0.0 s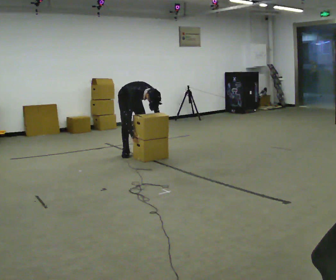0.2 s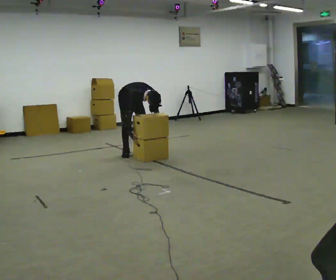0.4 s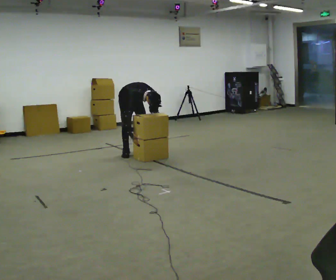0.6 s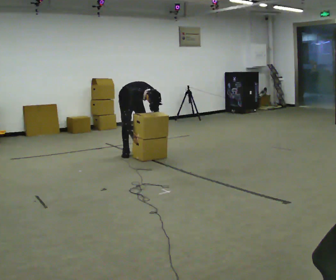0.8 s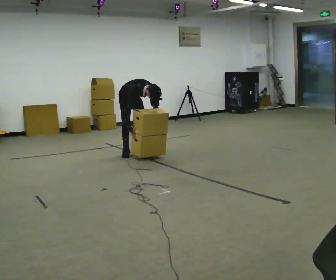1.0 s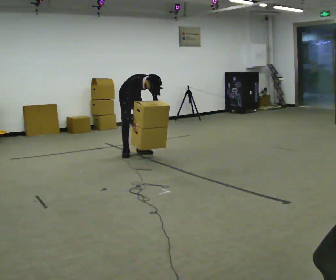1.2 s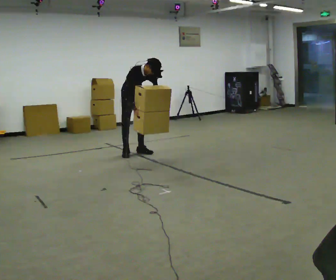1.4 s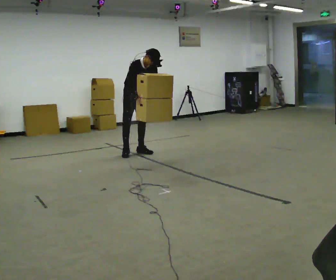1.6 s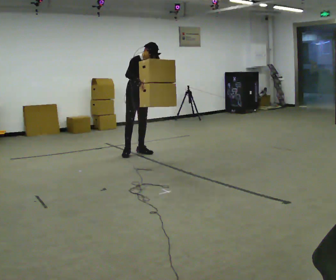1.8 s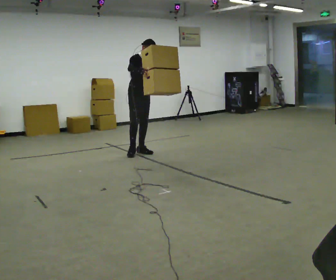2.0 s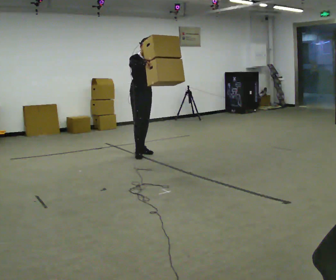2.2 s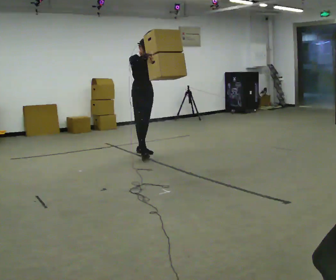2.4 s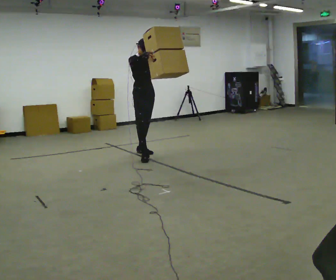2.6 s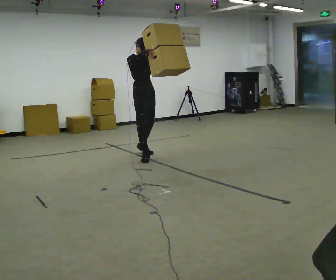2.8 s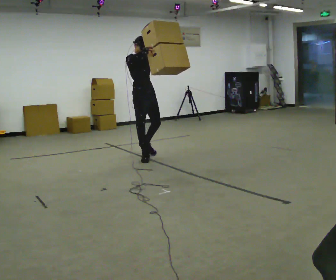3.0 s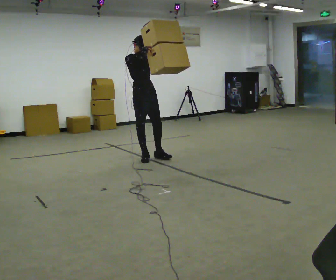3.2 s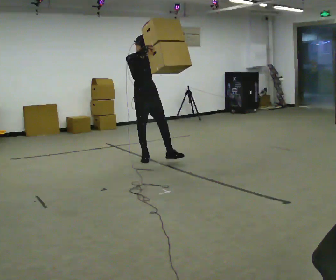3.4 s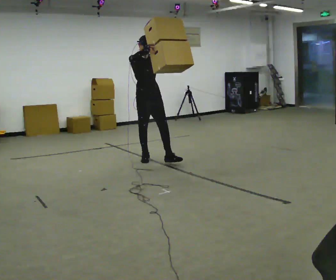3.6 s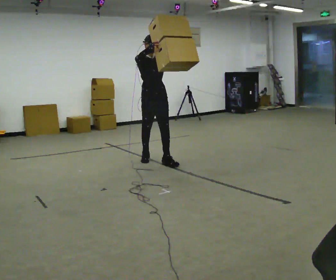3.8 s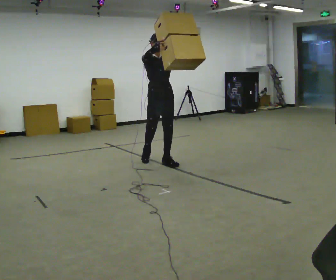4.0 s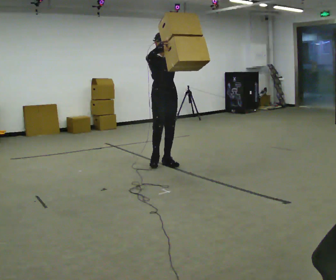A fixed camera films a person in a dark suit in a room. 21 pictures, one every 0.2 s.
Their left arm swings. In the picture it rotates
counterclockwise.
Their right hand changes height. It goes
upward.
0.0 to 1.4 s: The upper body goes upward. The upper body tips away from the camera, its near side rolling upward, as they lean back or straighten. In the picture their left hand goes upward.
1.4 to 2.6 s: In the picture they go toward the camera, about 0.5 m in 1 step, which for them is forward. The upper body tips away from the camera, its near side rolling upward, as they lean back or straighten. In the picture their right hand goes upward.
2.6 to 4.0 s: In the picture they go toward the camera and to the right, about 0.5 m in 1 step, which for them is forward.
The film runs forward here.
